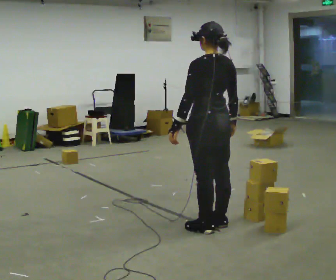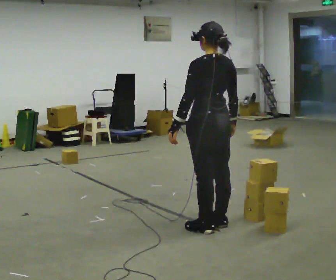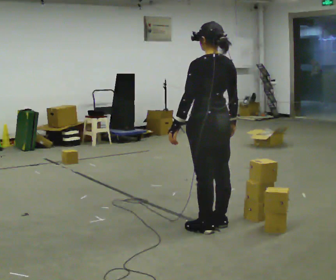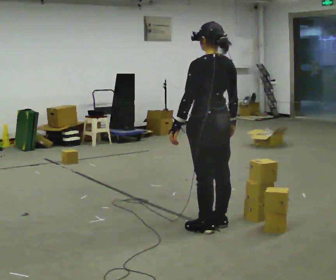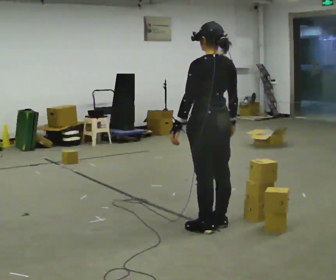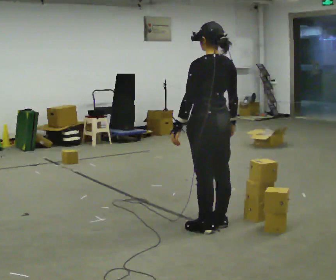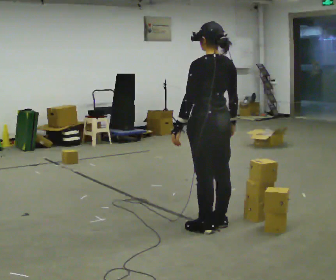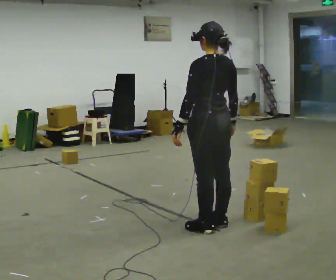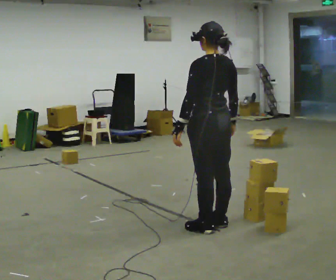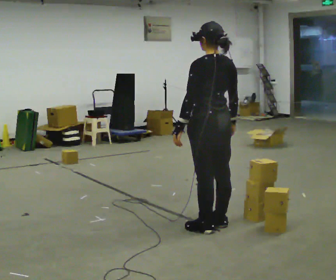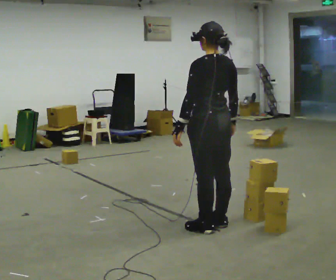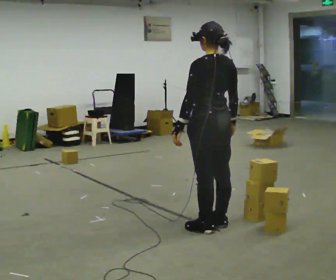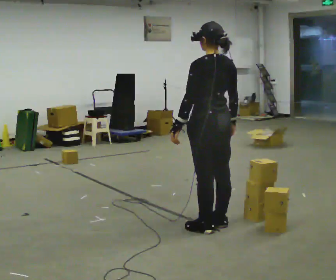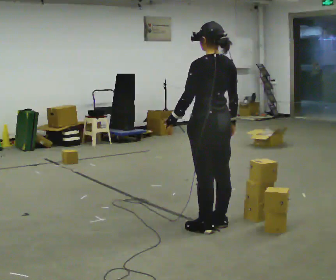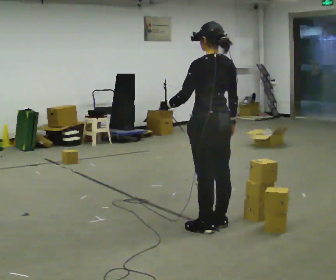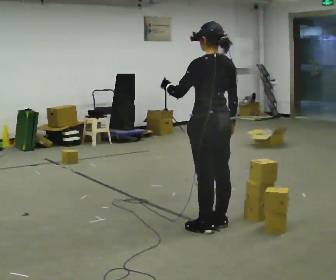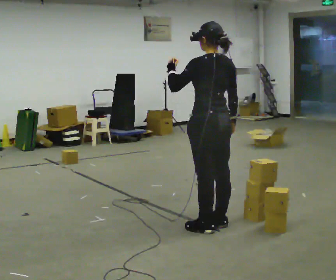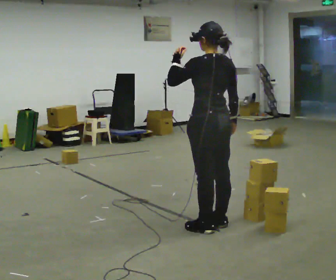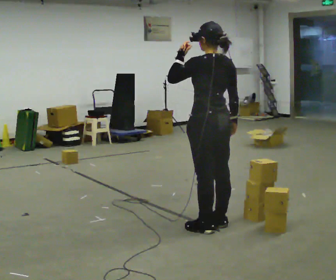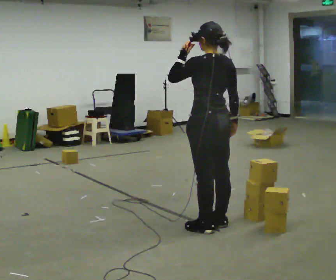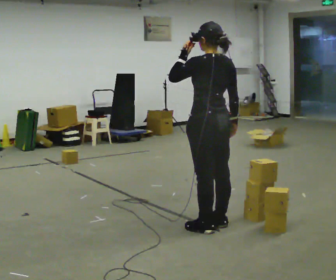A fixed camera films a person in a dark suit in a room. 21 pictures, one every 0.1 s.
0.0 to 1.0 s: The person keeps their place and pose.
1.0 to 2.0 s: In the picture their left hand goes upward.
The film runs forward here.
